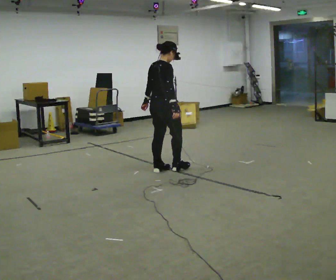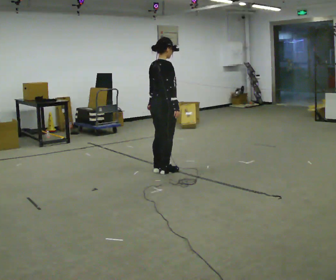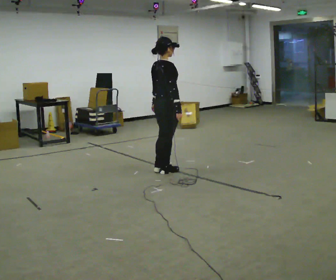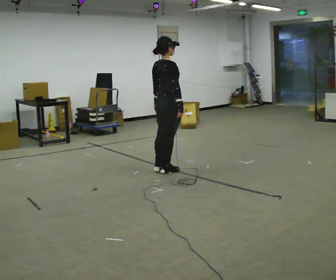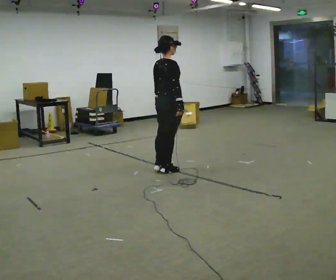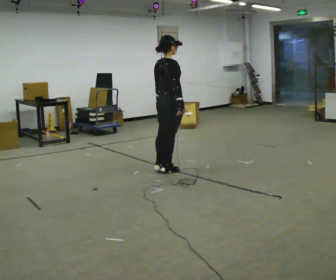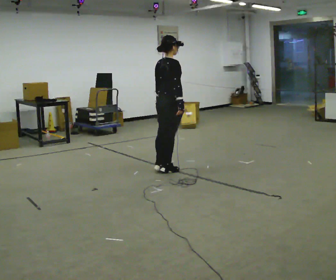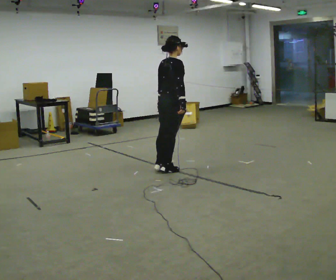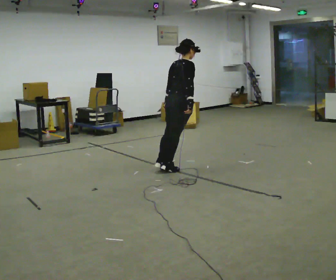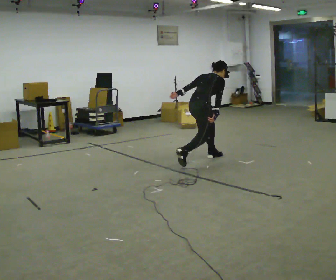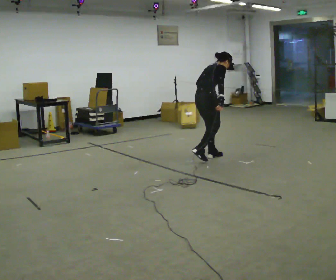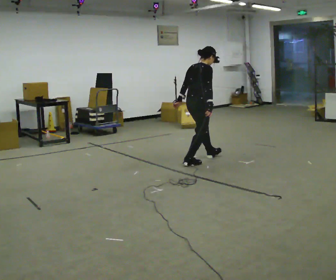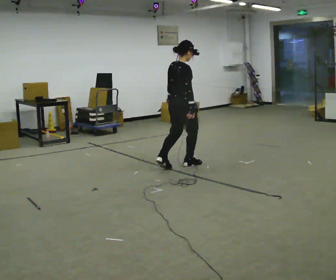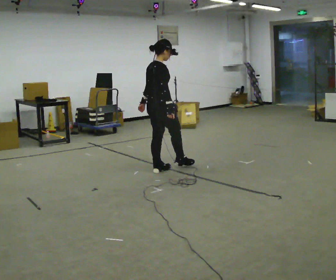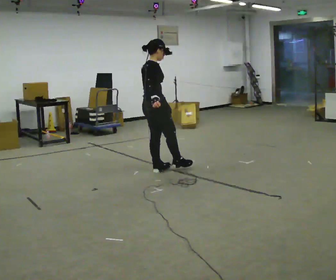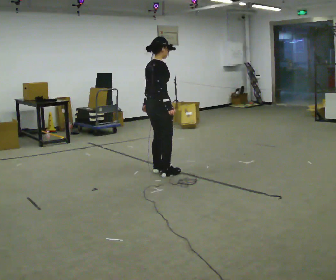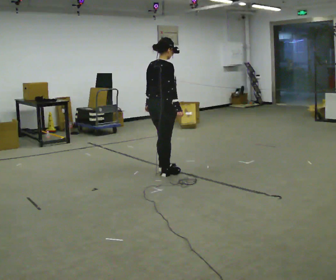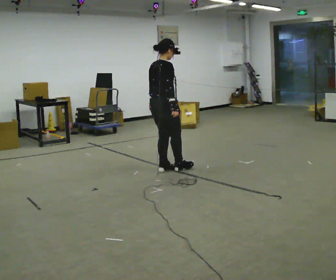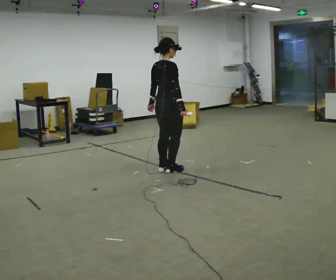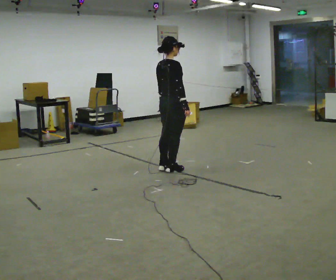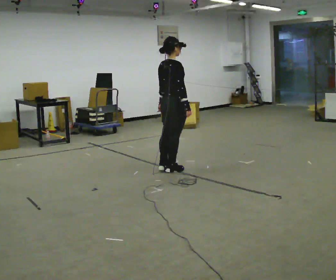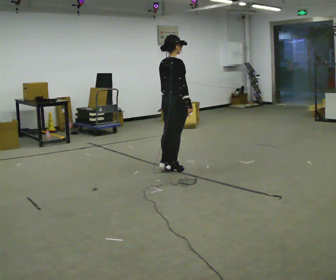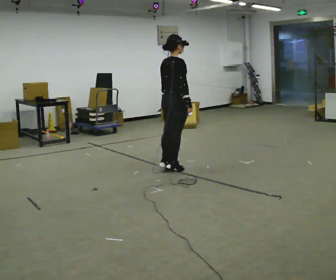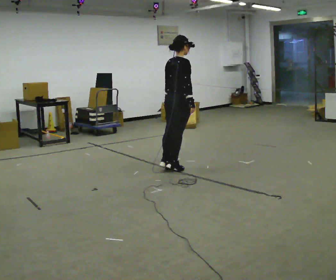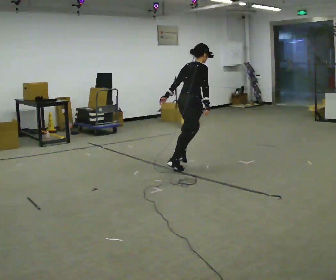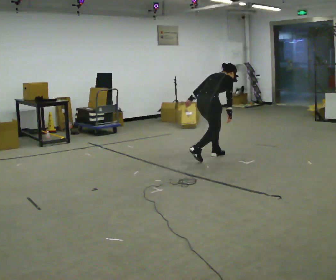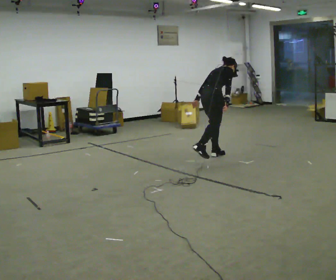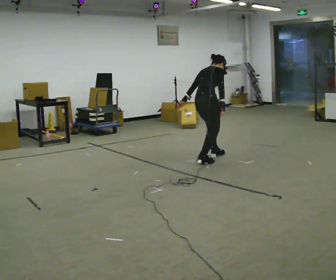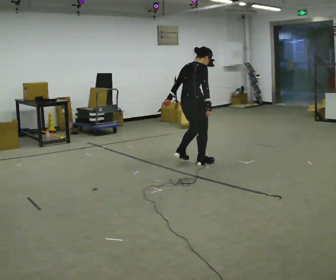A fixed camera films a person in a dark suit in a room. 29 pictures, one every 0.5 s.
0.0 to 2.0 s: The person moves a little, or ends about where they began.
2.0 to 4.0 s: In the picture the upper body tilts clockwise, shoulders to the right, as they bend forward.
4.0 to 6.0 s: The person moves a little, or ends about where they began.
6.0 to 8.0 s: In the picture they go toward the camera and to the left, about 0.25 m in 3 steps, which for them is backward and to their right.
8.0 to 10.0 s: In the picture they go to the right, about 0.25 m in 1 step, which for them is forward.
10.0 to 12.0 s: In the picture they go away from the camera and to the right, about 0.25 m, which for them is forward. In the picture the upper body tilts clockwise, shoulders to the right, as they bend forward.
12.0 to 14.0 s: The person moves a little, or ends about where they began.
The film runs forward here.
